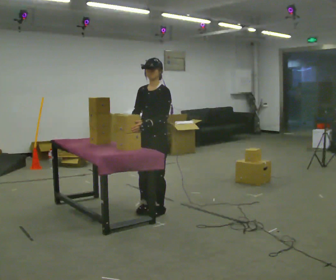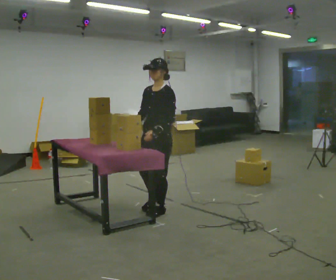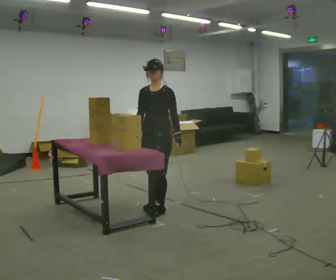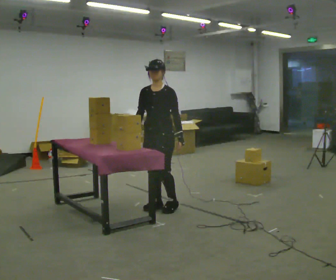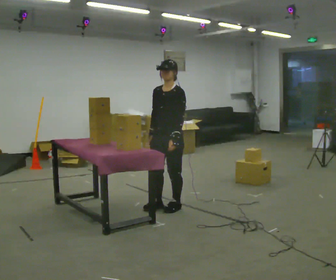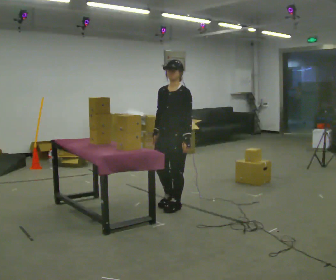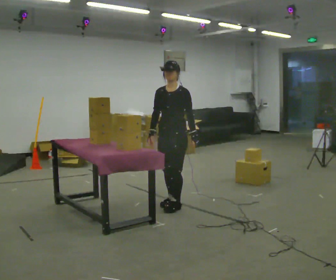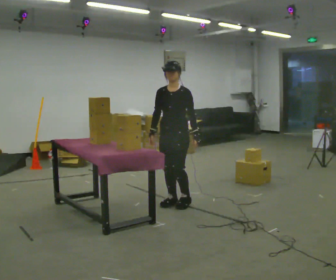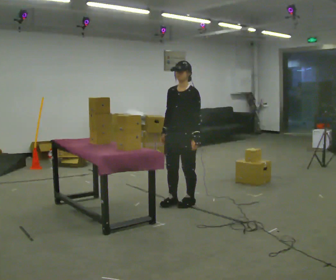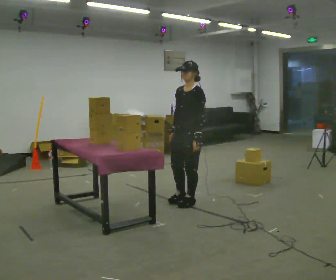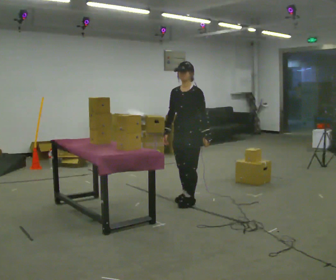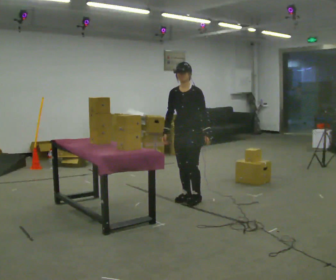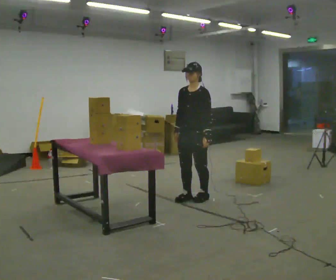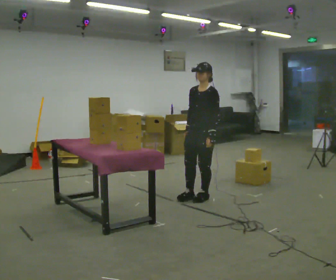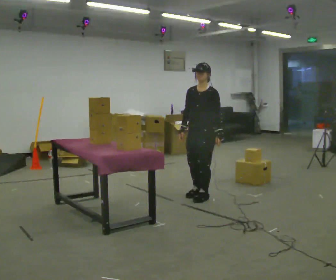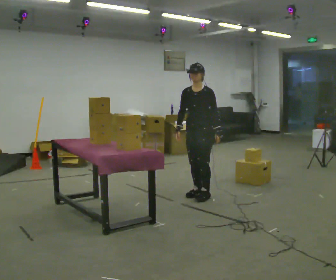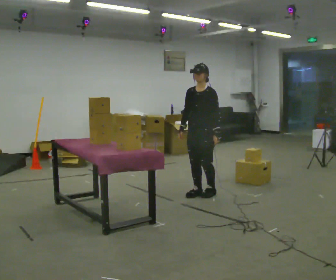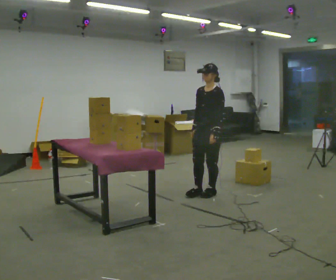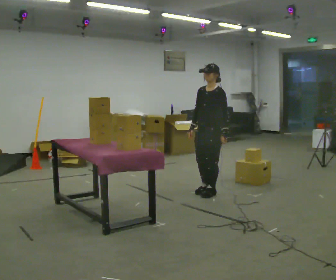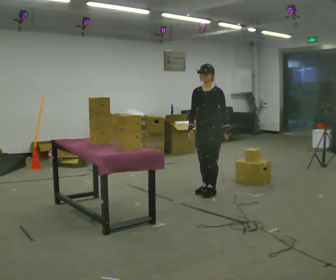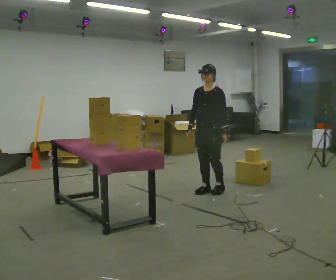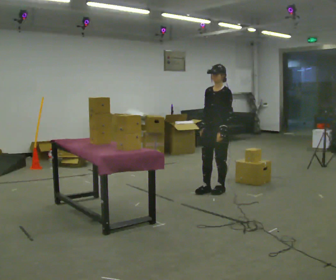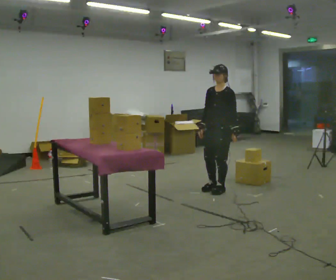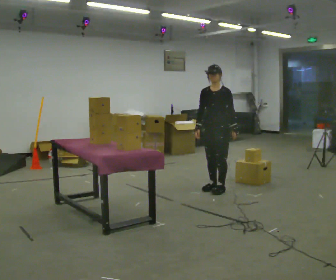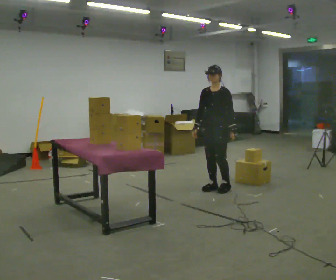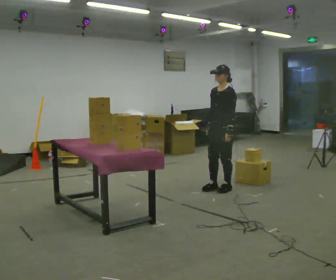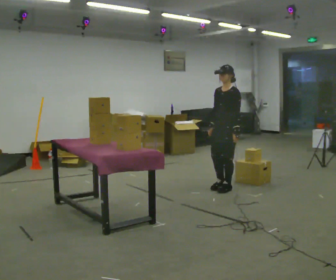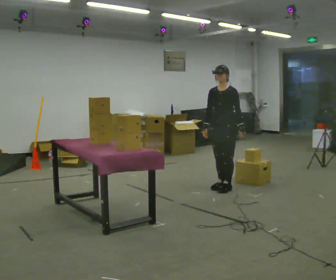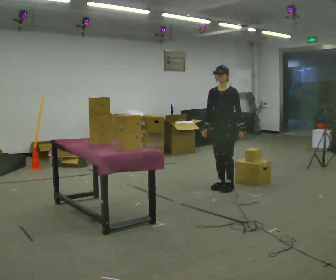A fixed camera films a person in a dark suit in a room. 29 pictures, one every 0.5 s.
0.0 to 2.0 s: In the picture they go to the right, about 0.25 m in 2 steps, which for them is backward.
2.0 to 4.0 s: In the picture they go to the right and away from the camera, about 0.25 m in 2 steps, which for them is backward.
4.0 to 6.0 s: In the picture they go away from the camera and to the right, about 0.25 m in 2 steps, which for them is backward.
6.0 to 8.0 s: In the picture they go away from the camera, about 0.25 m in 2 steps, which for them is backward.
8.0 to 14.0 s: In the picture they go to the right and away from the camera, about 0.5 m in 4 steps, which for them is backward.
The film runs backward here.
